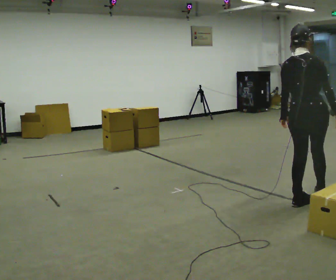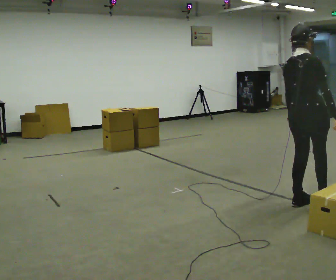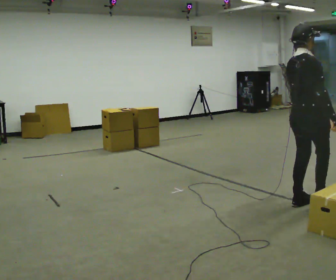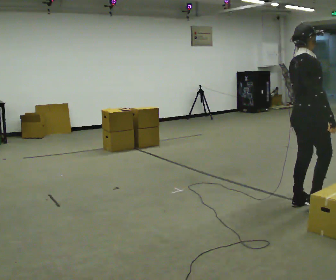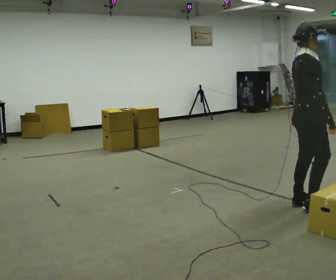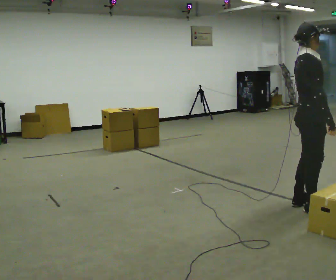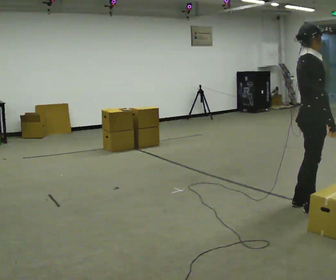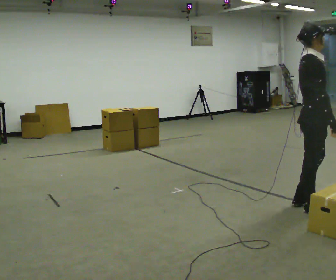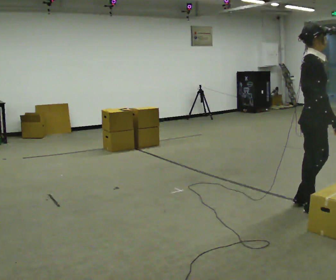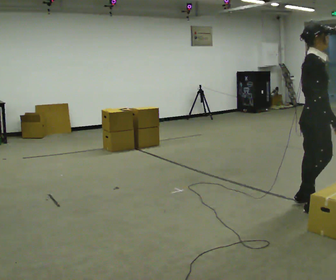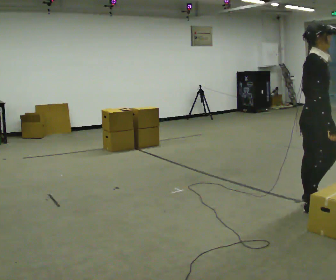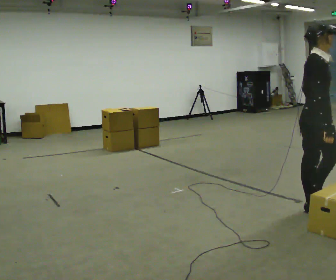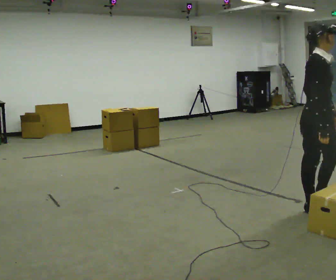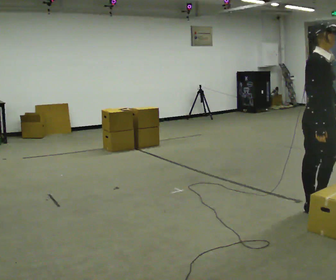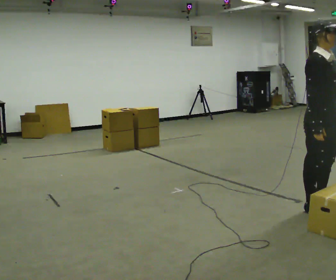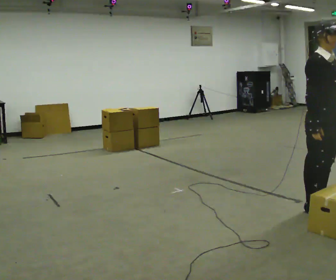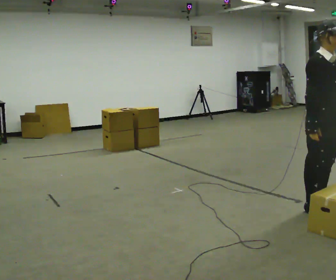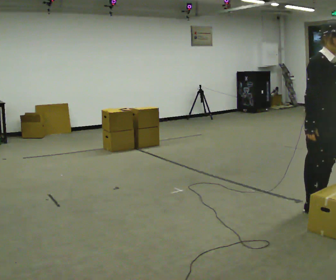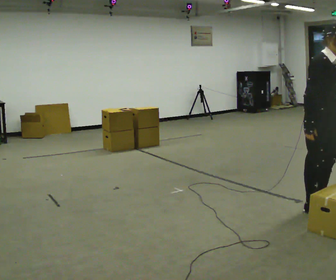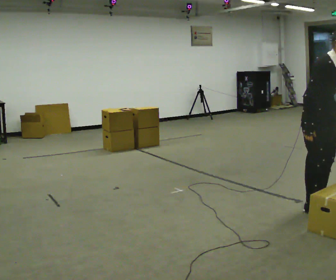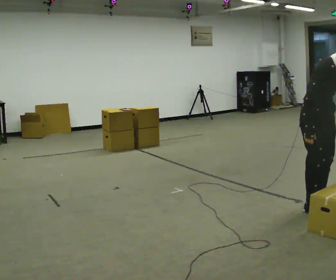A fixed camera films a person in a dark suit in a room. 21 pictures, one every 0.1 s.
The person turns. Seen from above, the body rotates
clockwise.
The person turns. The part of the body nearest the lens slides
to the left.
0.0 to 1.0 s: The part of the body nearest the lens slides to the left as the person turns to their right by about 90 degrees. In the picture they go toward the camera, about 0.25 m. In the picture their left hand goes to the right.
1.0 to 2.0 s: The person turns about 30 degrees to their right, clockwise seen from above, so the part of the body nearest the lens slides to the left. In the picture the upper body tilts clockwise, shoulders to the right, as they bend forward.
The film runs backward here.
